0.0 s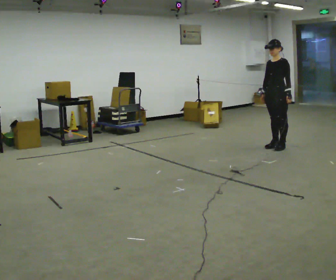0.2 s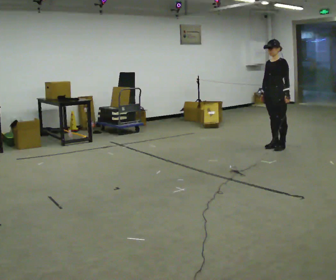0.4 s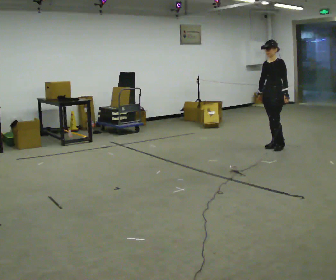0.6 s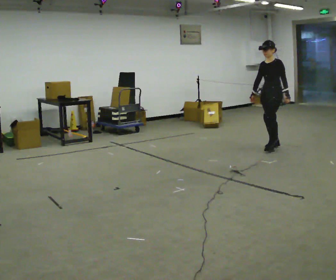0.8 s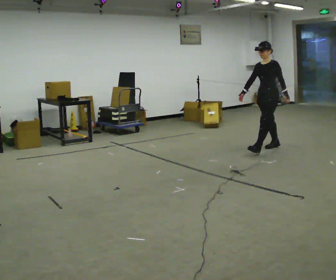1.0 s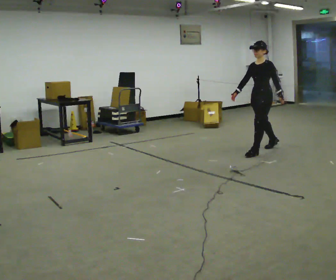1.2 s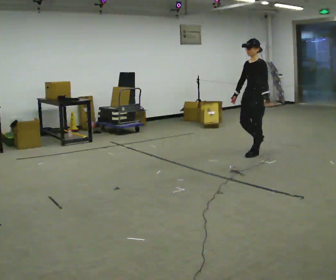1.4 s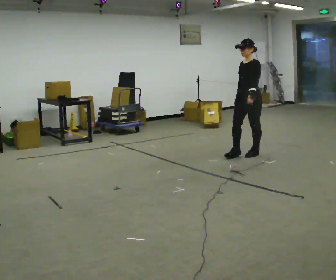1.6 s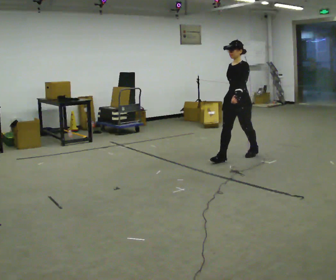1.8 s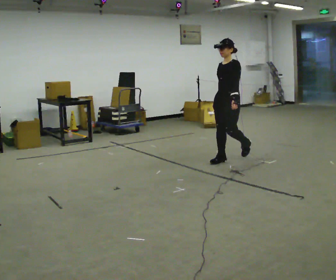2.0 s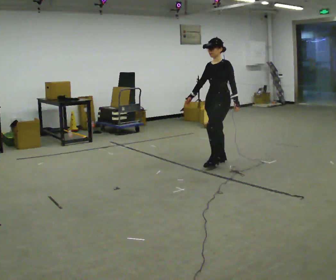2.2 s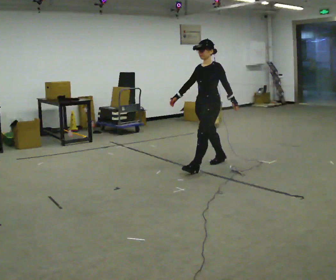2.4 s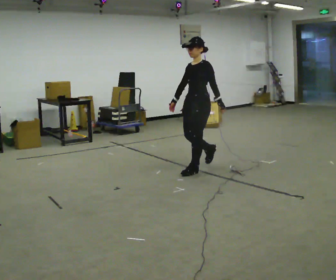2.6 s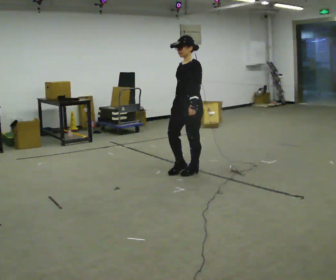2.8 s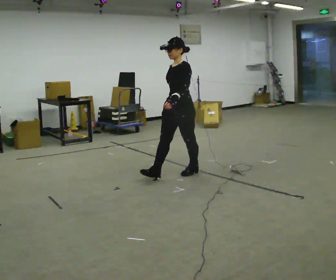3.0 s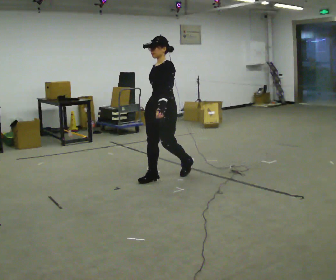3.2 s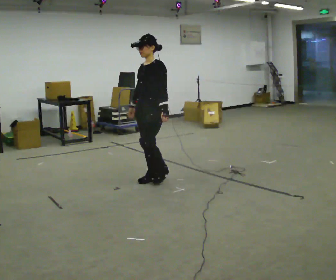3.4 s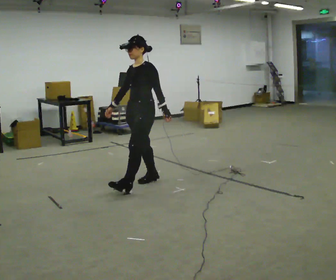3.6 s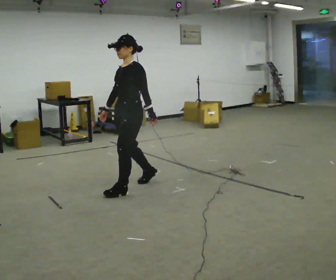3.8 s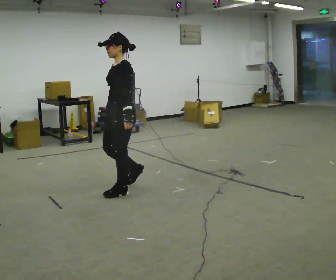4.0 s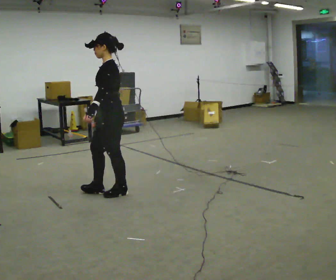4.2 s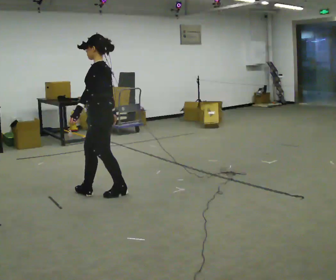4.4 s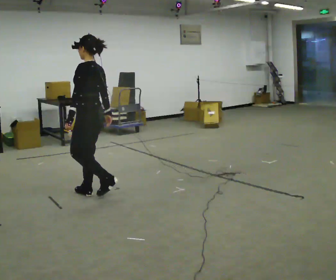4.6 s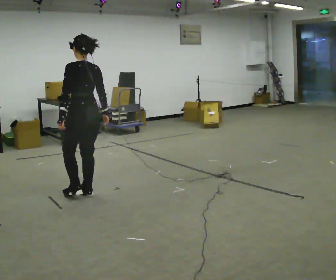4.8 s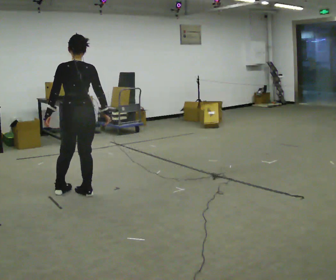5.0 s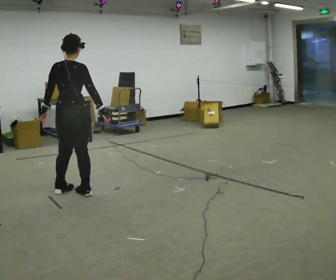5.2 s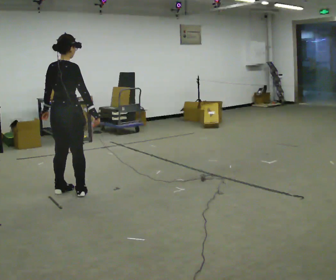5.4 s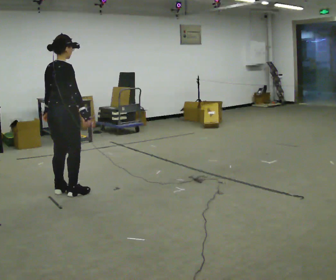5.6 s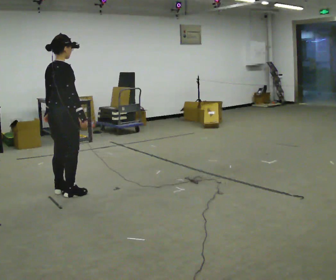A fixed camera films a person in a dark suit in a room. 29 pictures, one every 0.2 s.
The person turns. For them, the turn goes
to their right.
The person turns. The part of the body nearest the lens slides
to the left.
0.0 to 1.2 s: In the picture they go to the left and toward the camera, about 0.5 m in 1 step, which for them is forward.
1.2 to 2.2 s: In the picture they go to the left and toward the camera, about 1 m in 1 step, which for them is forward.
2.2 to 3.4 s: In the picture they go to the left and toward the camera, about 1 m in 2 steps, which for them is forward.
3.4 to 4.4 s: The part of the body nearest the lens slides to the left as the person turns to their right by about 60 degrees. In the picture they go to the left and toward the camera, about 0.5 m in 2 steps, which for them is forward.
4.4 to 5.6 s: Seen from above the body turns clockwise, about 120 degrees: to their right, with its near side sliding to the left. In the picture they go to the left, about 0.25 m in 2 steps.
The film runs forward here.
